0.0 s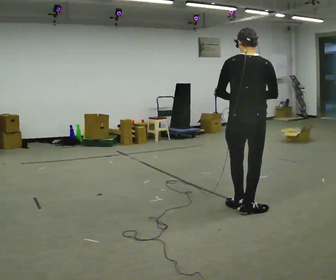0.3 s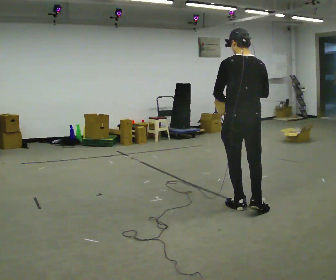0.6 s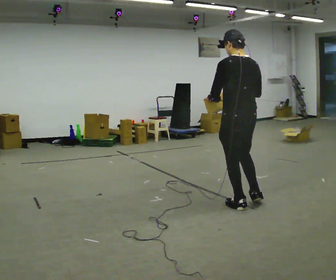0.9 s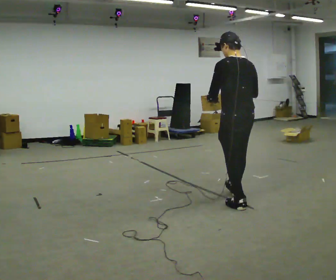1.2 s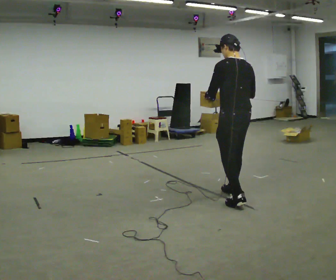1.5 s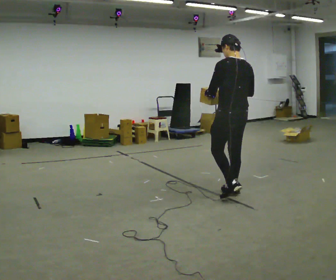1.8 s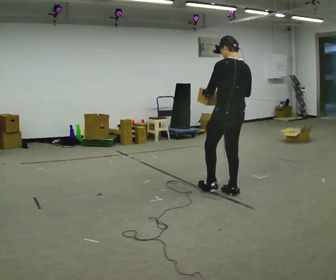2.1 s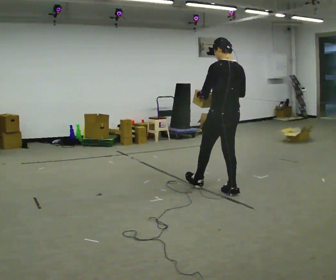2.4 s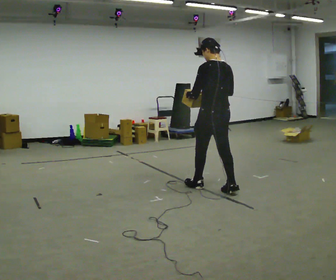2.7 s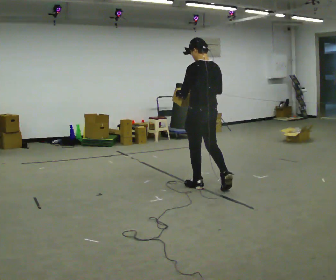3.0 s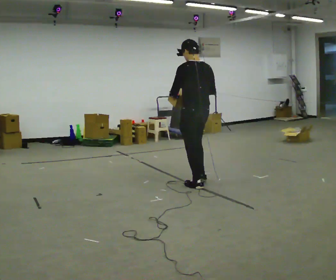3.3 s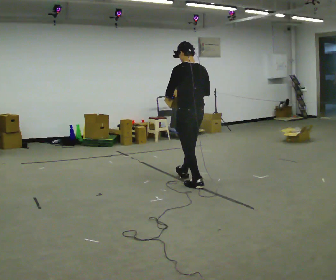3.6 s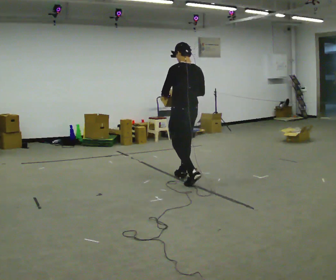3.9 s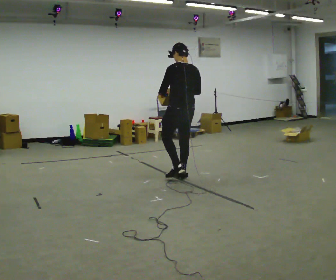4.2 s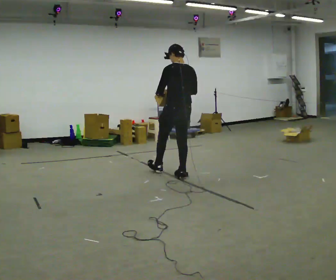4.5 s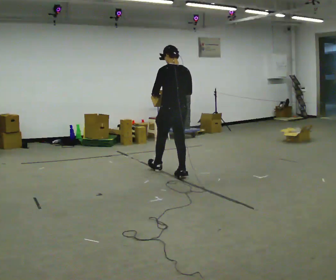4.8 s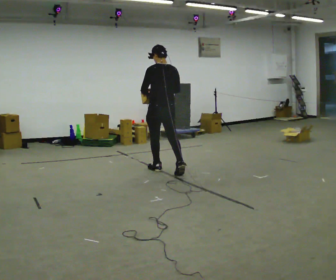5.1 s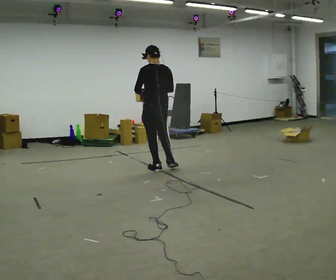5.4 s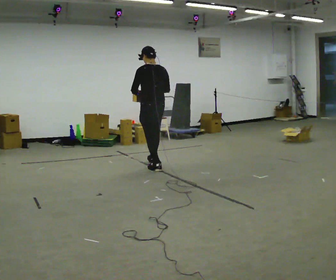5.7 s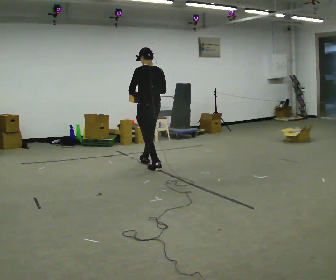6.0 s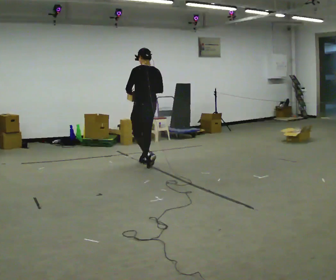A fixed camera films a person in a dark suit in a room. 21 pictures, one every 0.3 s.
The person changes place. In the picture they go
away from the camera.
0.0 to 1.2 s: Seen from above the body turns counterclockwise, about 45 degrees: to their left, with its near side sliding to the right. In the picture they go away from the camera, about 0.5 m in 1 step, which for them is forward.
1.2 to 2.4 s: In the picture they go away from the camera and to the left, about 0.5 m in 1 step, which for them is forward.
2.4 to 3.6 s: In the picture they go away from the camera and to the left, about 0.5 m in 1 step, which for them is forward.
3.6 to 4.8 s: In the picture they go away from the camera and to the left, about 0.5 m in 1 step, which for them is forward.
4.8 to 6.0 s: In the picture they go away from the camera and to the left, about 0.5 m in 1 step, which for them is forward.
The film runs forward here.
